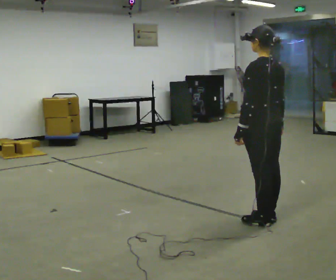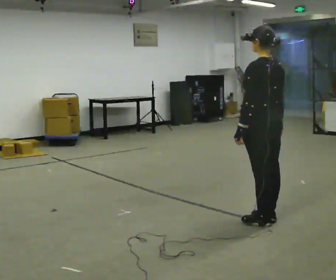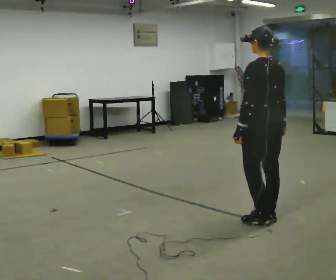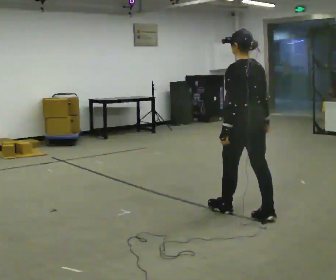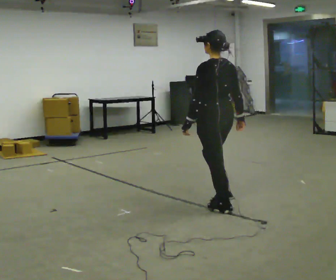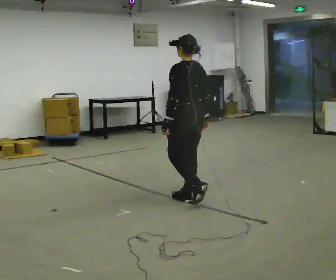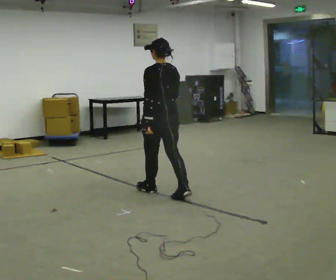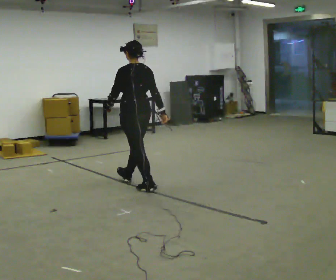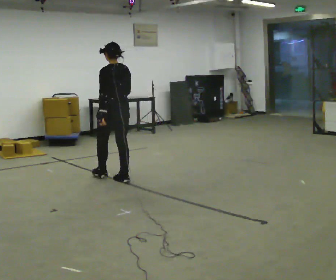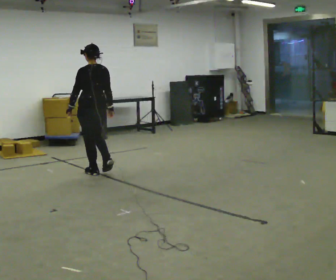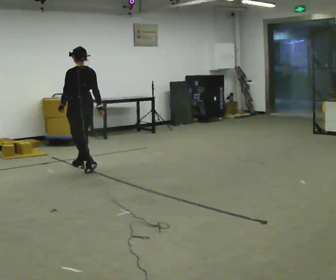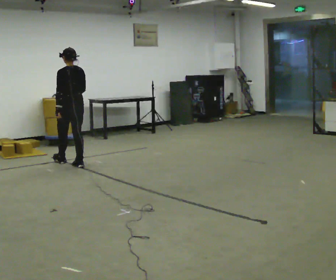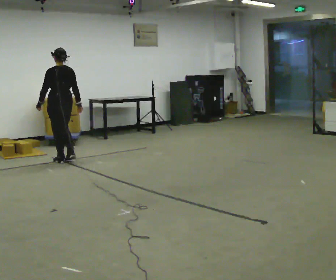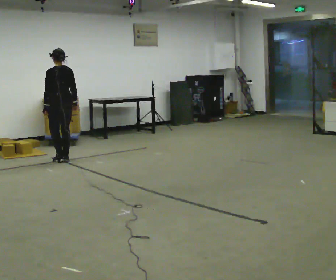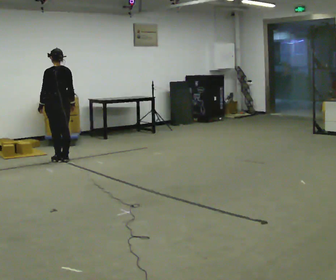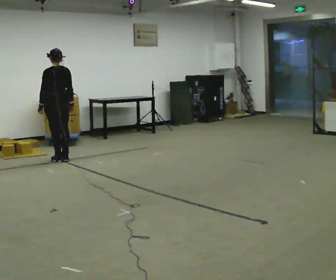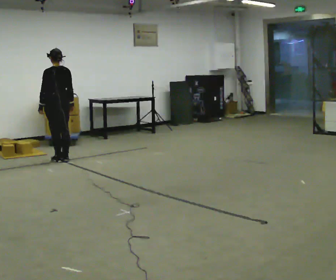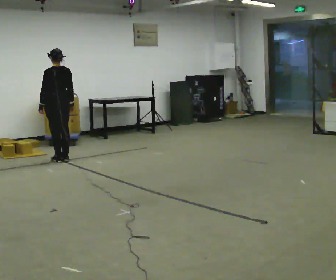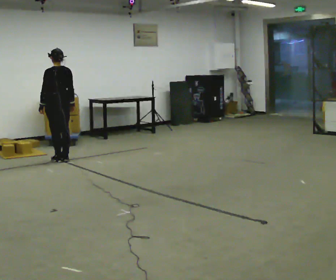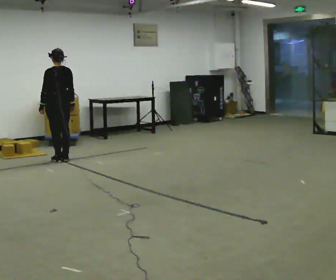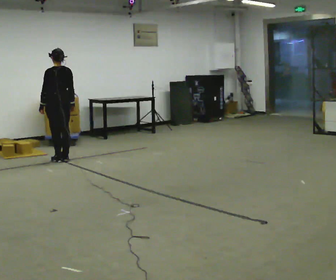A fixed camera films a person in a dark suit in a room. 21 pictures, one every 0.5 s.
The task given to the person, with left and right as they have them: Walk normally; at marked point stop as quickly as comfortably possible; remain still.
0.0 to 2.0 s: In the picture they go away from the camera and to the left, about 0.5 m in 1 step, which for them is forward.
2.0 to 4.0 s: In the picture they go away from the camera and to the left, about 1.5 m in 3 steps, which for them is forward.
4.0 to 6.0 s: In the picture they go away from the camera and to the left, about 1.5 m in 3 steps, which for them is forward.
6.0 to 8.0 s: The person moves a little, or ends about where they began.
8.0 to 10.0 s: The person keeps their place and pose.
The film runs forward here.
